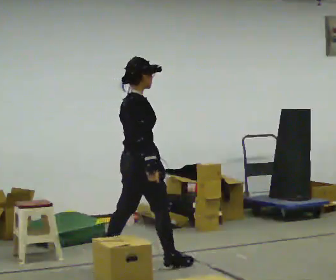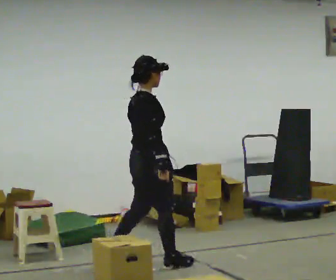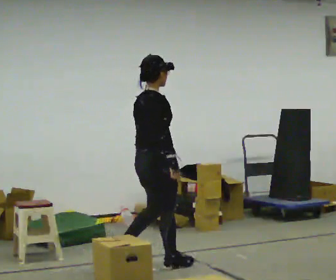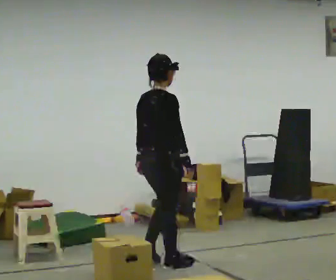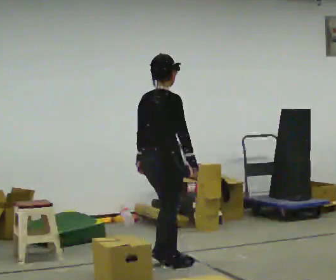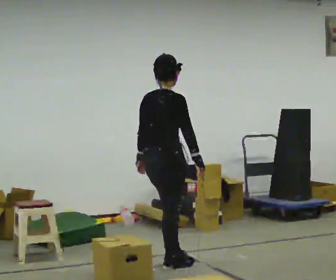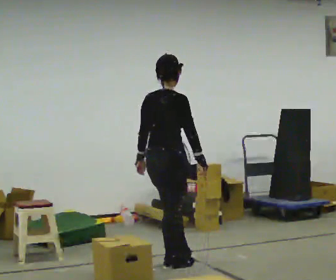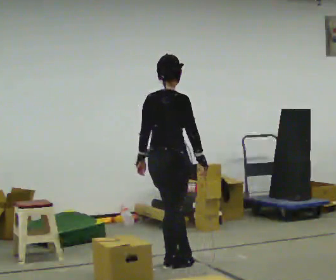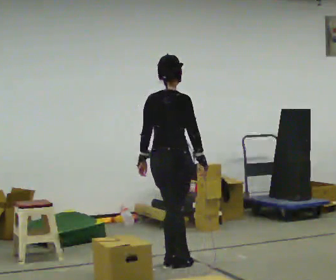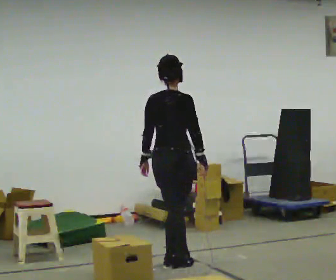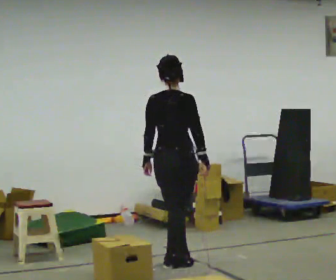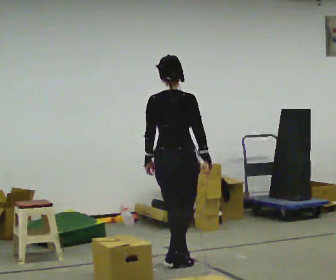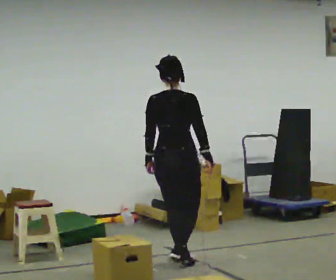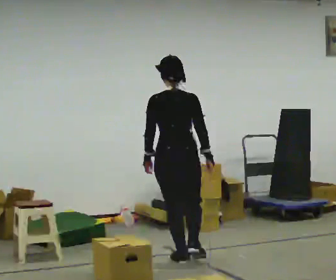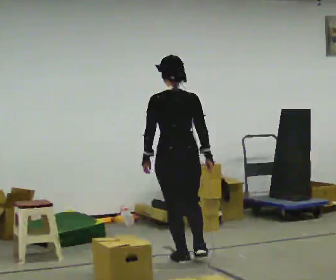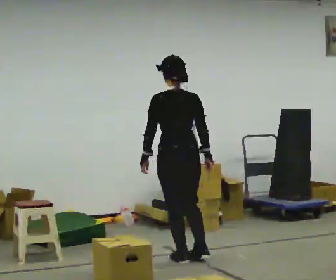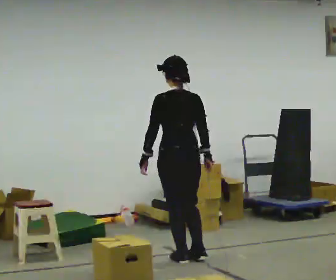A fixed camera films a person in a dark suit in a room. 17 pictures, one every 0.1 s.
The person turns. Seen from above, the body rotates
counterclockwise.
The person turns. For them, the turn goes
to their left.
0.0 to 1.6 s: The person turns about 90 degrees to their left, counterclockwise seen from above, so the part of the body nearest the lens slides to the right. In the picture they go to the right and away from the camera, about 0.5 m in 2 steps.
The film runs forward here.
